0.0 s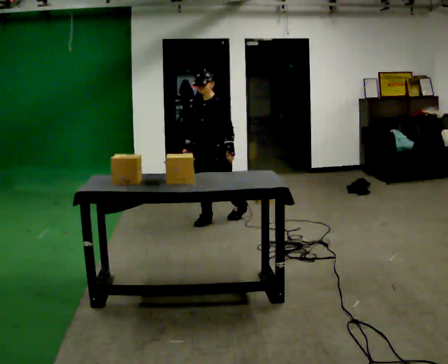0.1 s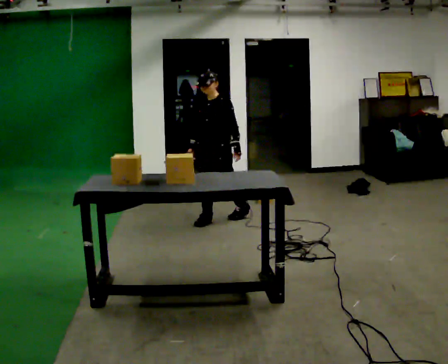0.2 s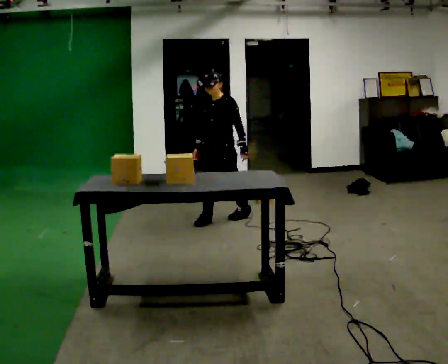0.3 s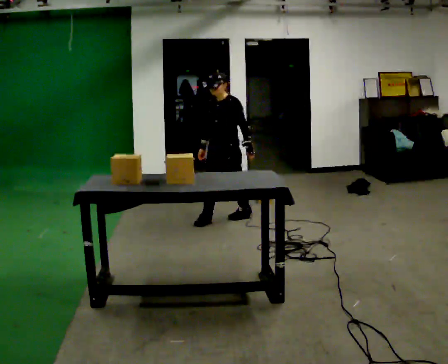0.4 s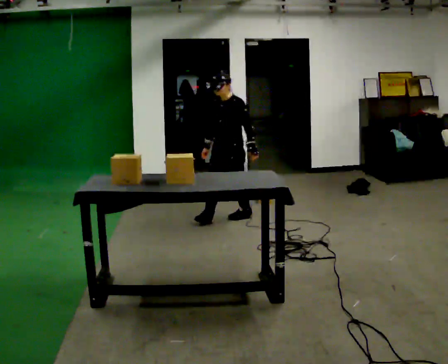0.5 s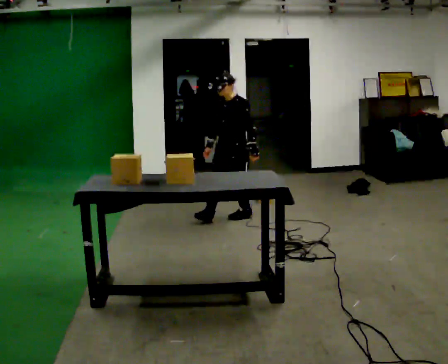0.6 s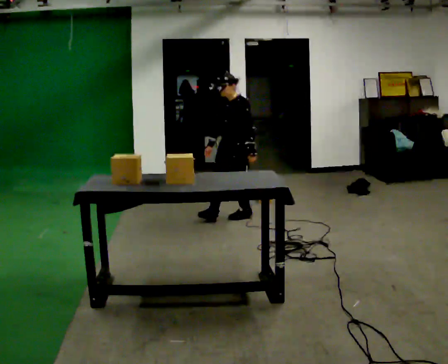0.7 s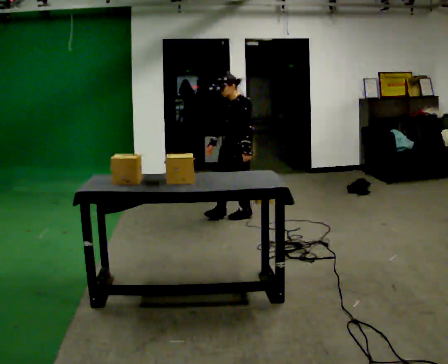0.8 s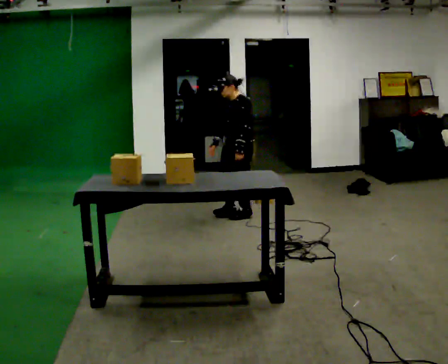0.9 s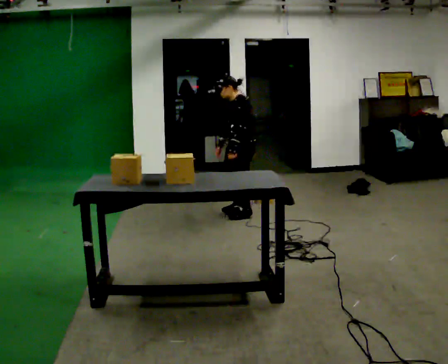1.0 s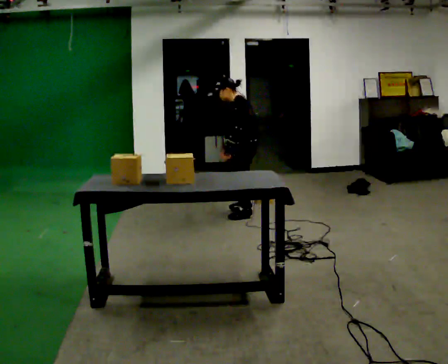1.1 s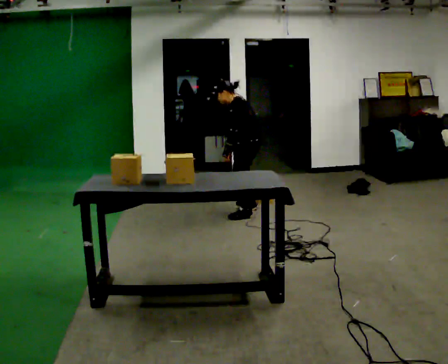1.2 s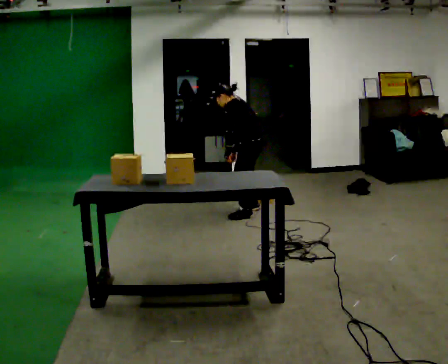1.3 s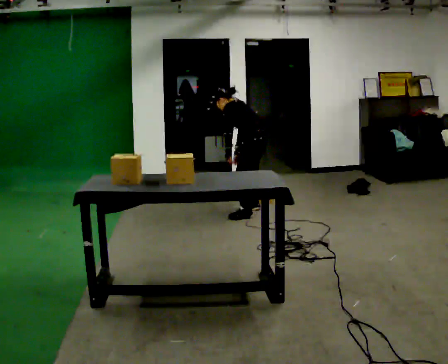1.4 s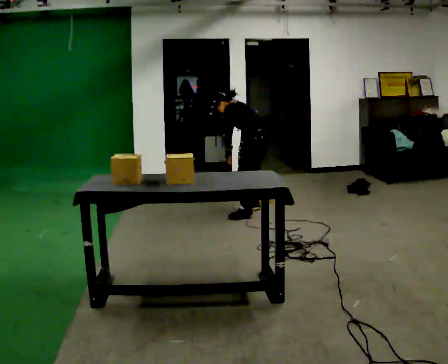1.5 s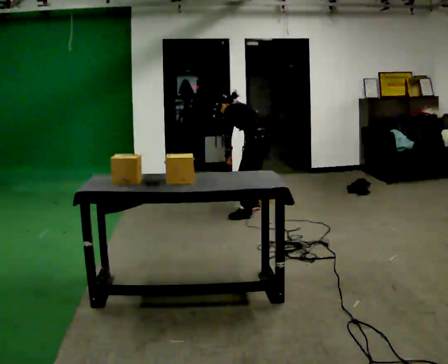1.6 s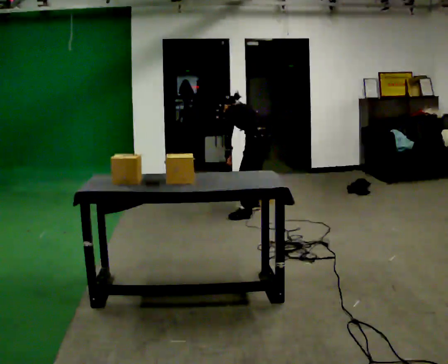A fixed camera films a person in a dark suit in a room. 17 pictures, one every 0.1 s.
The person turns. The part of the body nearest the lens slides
to the left.
The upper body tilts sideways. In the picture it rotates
counterclockwise.
0.0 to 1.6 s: Seen from above the body turns clockwise, about 90 degrees: to their right, with its near side sliding to the left. In the picture they go to the right and away from the camera, about 0.5 m in 1 step. In the picture the upper body tilts counterclockwise, shoulders to the left, as they bend forward.
The film runs backward here.
